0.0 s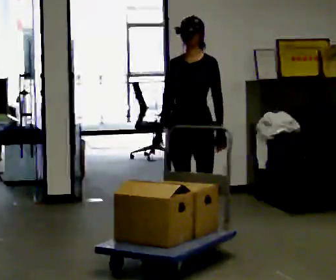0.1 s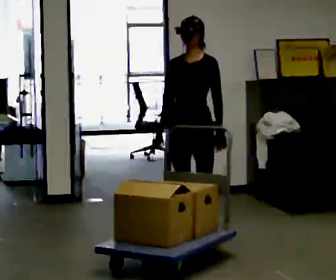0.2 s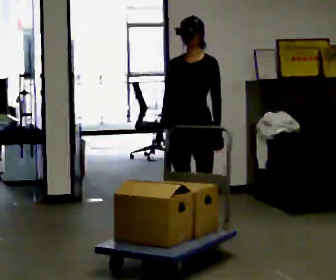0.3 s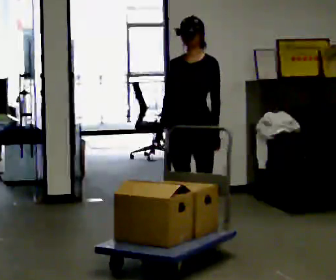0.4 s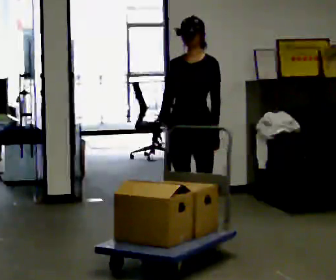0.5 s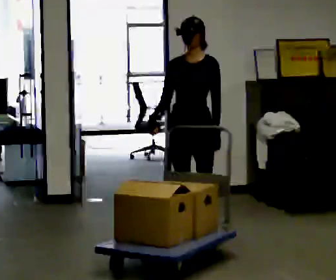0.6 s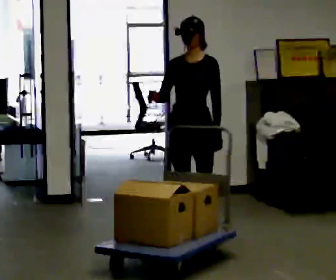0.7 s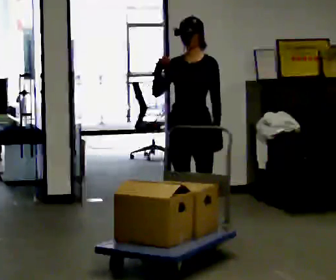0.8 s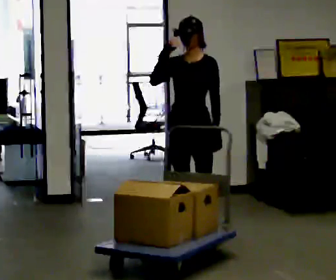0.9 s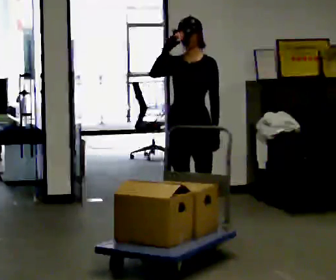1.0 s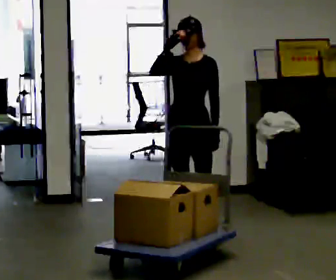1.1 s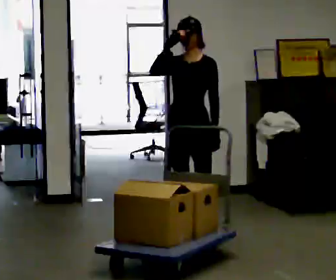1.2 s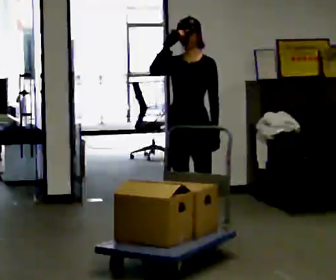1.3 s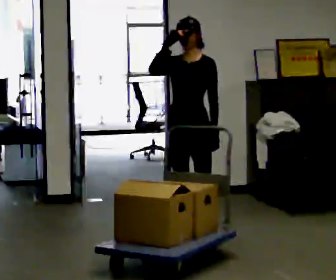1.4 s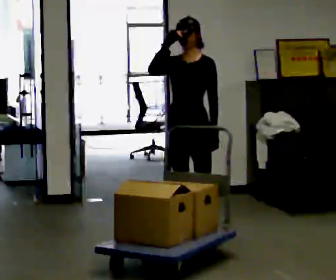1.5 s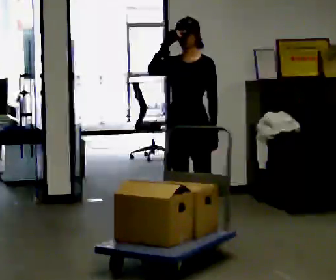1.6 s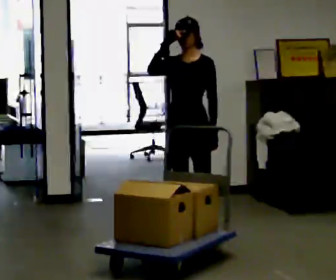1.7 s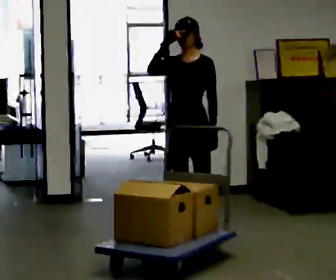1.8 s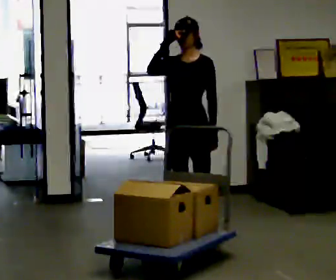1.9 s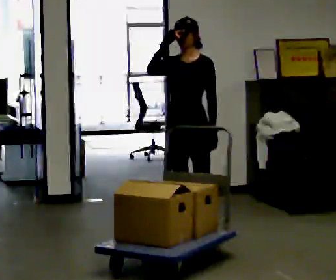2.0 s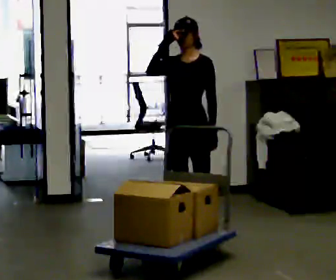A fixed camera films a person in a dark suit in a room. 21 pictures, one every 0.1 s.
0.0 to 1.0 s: In the picture their right hand goes upward.
1.0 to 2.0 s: The person moves a little, or ends about where they began.
The film runs forward here.
